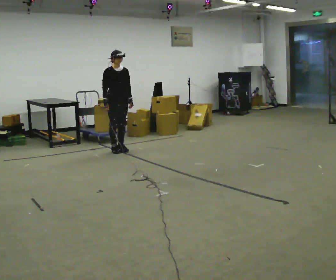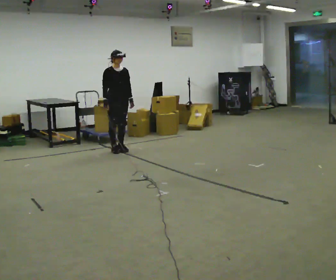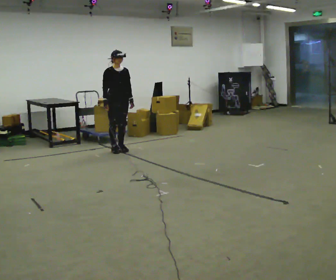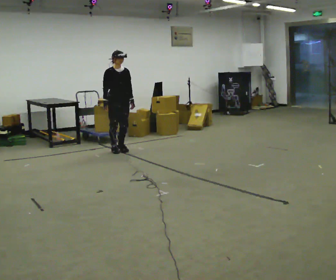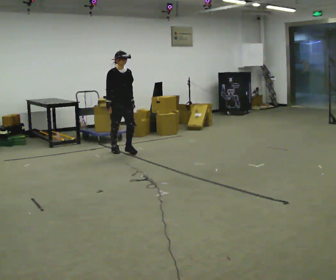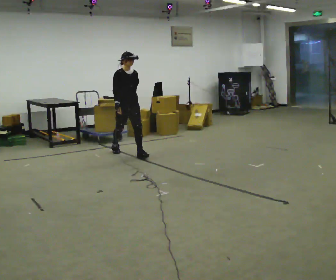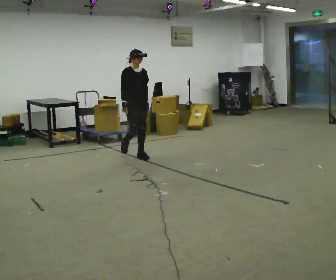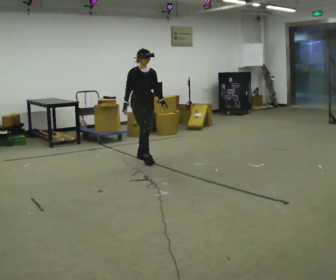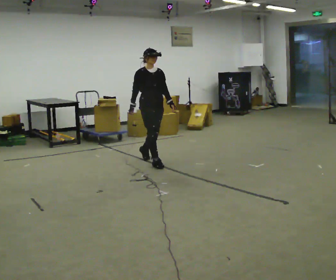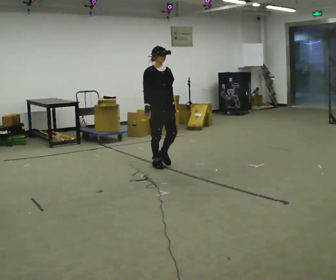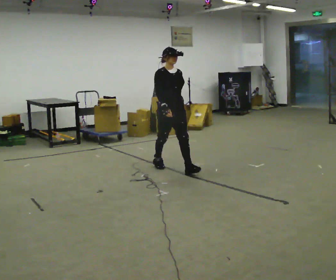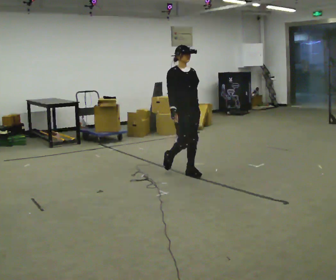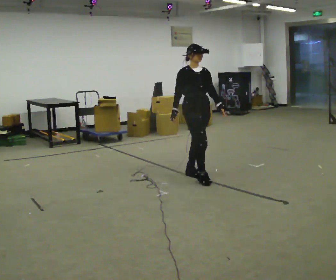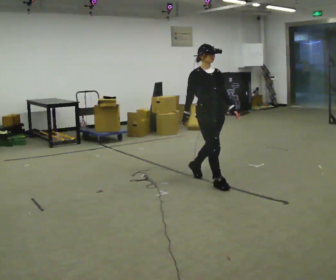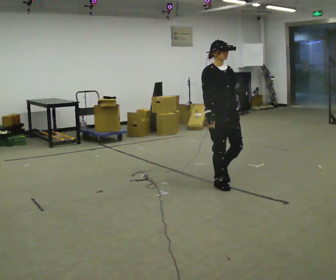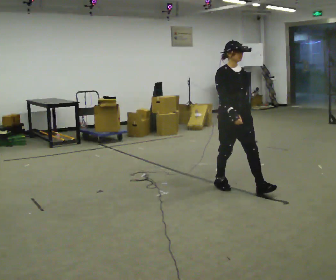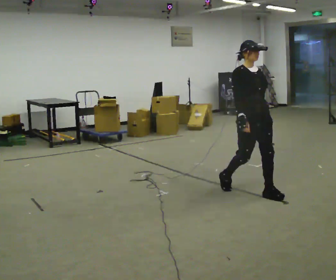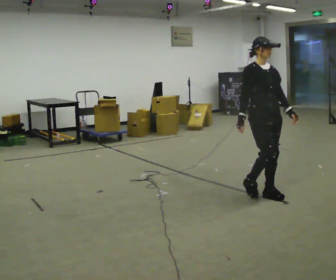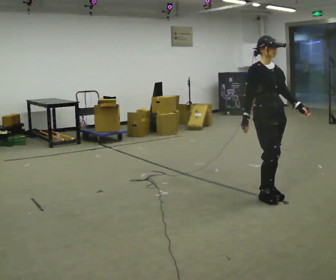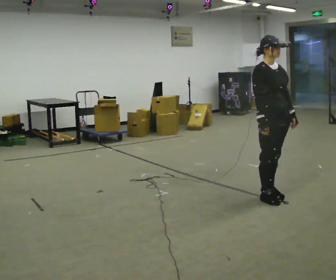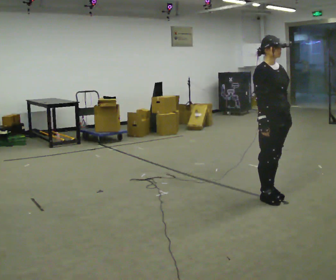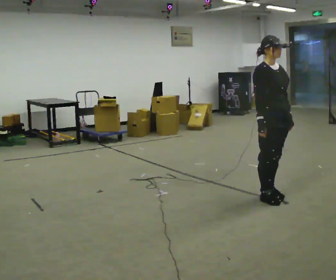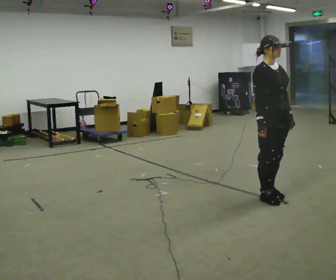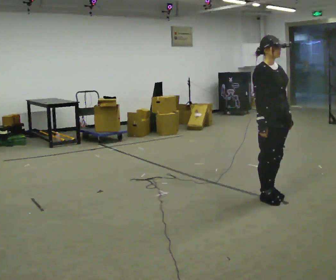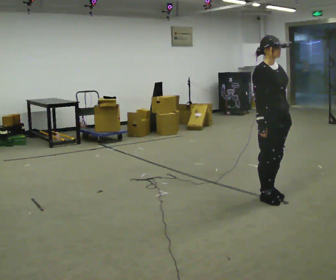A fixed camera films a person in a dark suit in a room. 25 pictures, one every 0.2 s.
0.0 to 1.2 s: In the picture they go toward the camera and to the right, about 0.5 m in 1 step, which for them is forward.
1.2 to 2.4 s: In the picture they go toward the camera and to the right, about 1.5 m in 2 steps, which for them is forward.
2.4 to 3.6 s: In the picture they go toward the camera and to the right, about 1 m in 3 steps, which for them is forward.
3.6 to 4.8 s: The person moves a little, or ends about where they began.
The film runs forward here.
